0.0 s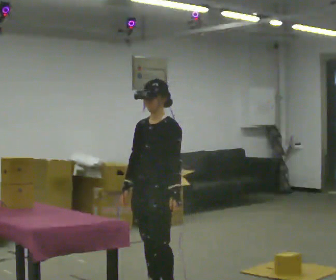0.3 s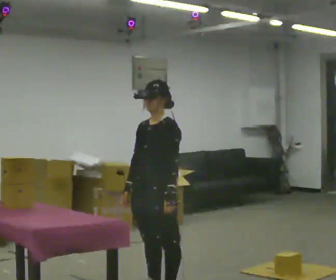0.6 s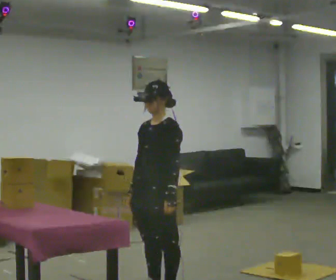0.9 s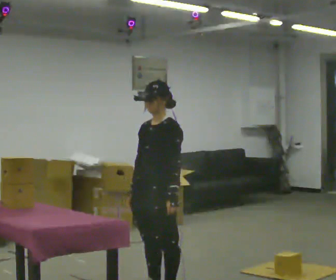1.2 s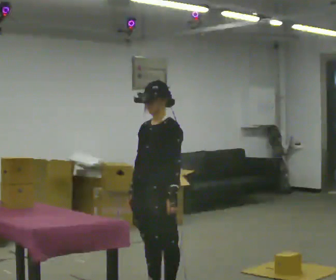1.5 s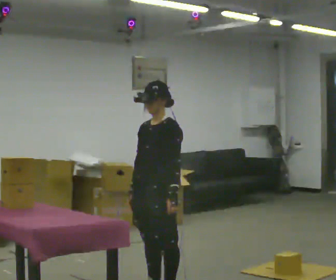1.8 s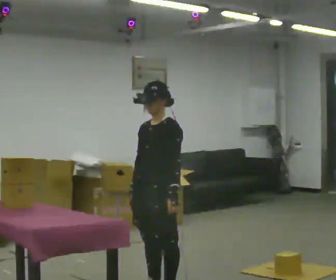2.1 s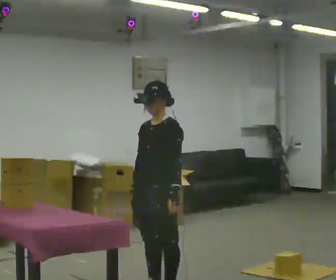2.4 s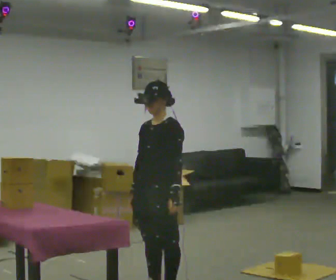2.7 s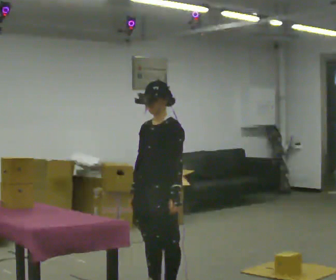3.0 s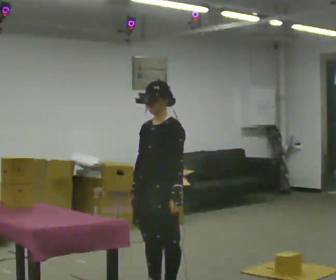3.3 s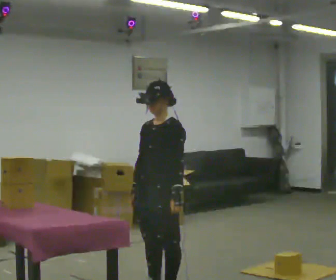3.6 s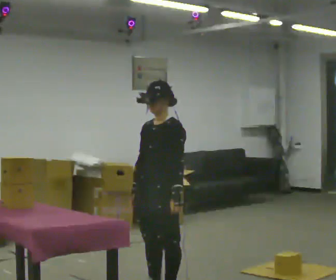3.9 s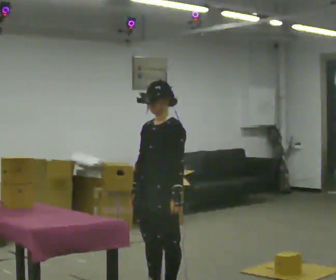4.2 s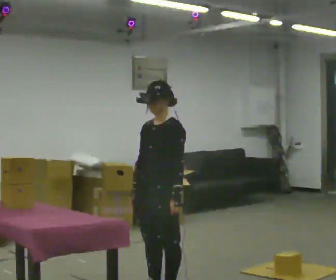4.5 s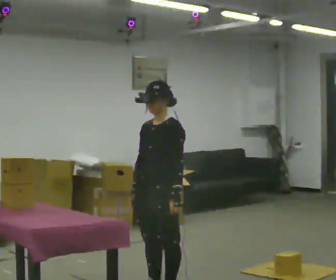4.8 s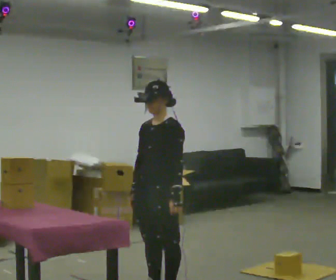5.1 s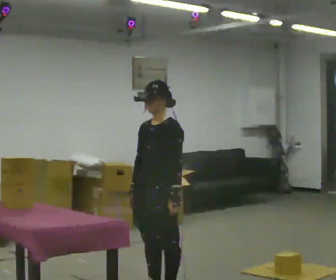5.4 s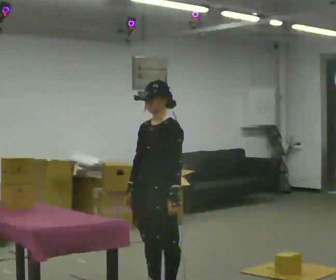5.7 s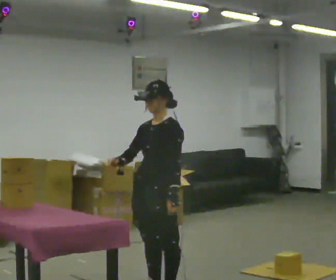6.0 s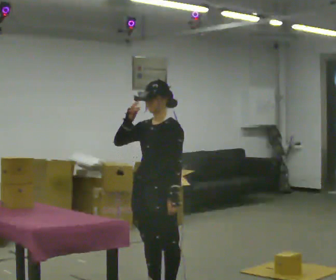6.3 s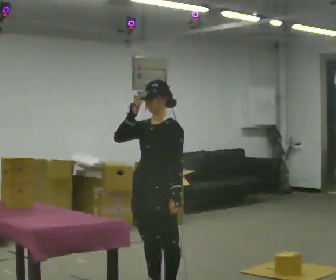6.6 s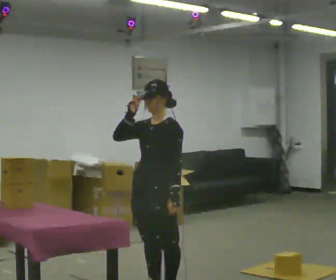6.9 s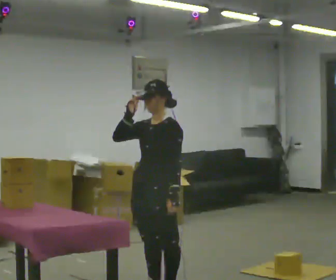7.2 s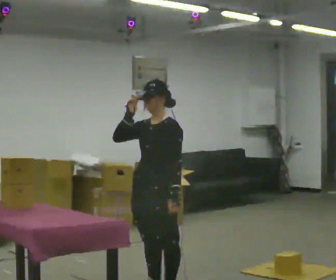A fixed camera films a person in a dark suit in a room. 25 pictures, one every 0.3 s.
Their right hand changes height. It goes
upward.
0.0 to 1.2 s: The person moves a little, or ends about where they began.
1.2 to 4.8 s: The person keeps their place and pose.
4.8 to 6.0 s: In the picture their right hand goes upward.
6.0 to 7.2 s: The person moves a little, or ends about where they began.
The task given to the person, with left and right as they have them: Take each object from the table and put it in the bin that matches it, walking between the bins. Keep going until the operator says stop; one object at a time, and do not rush between trips.
The film runs forward here.
